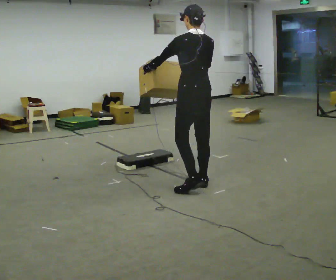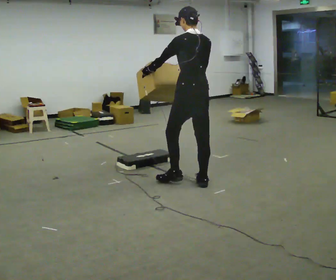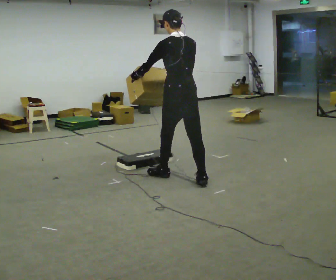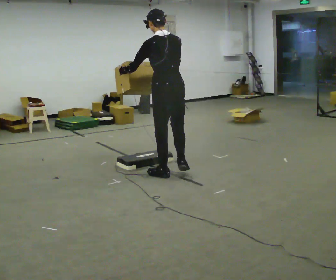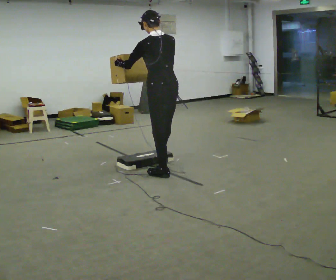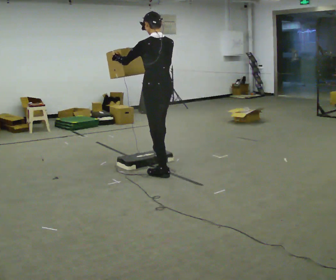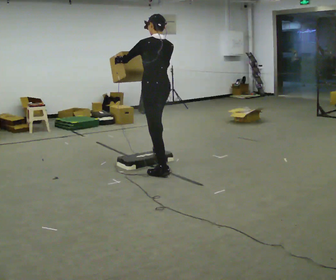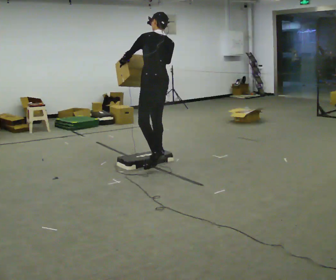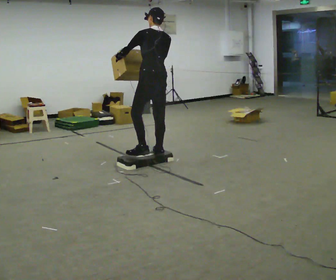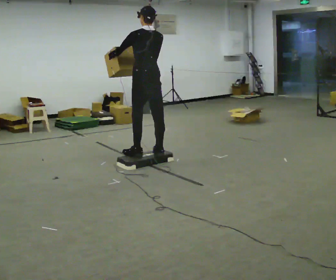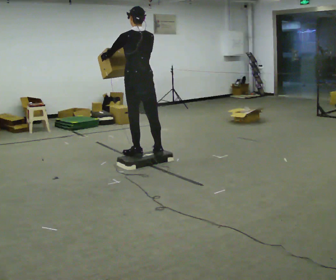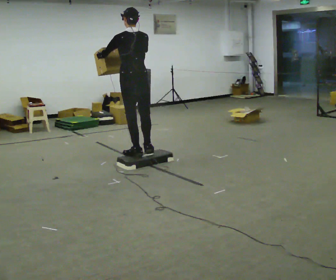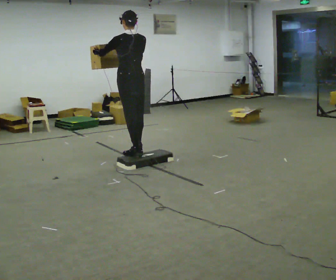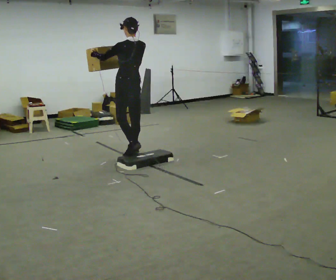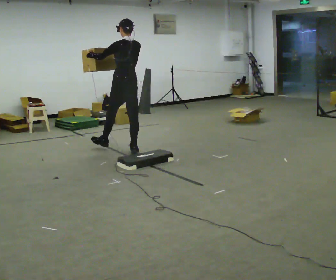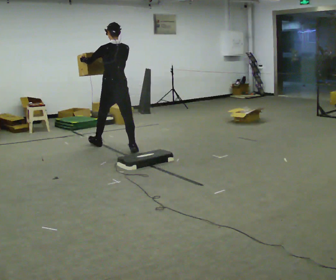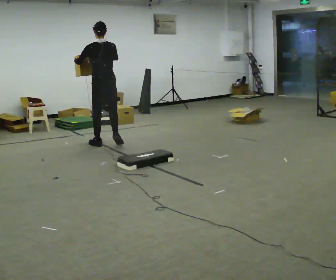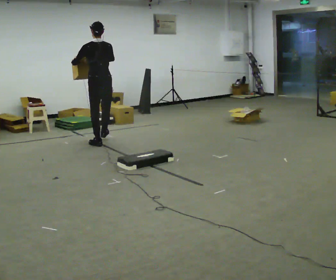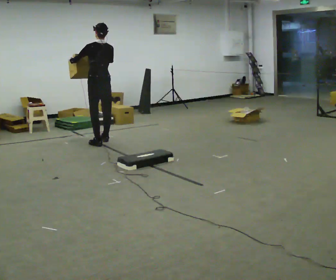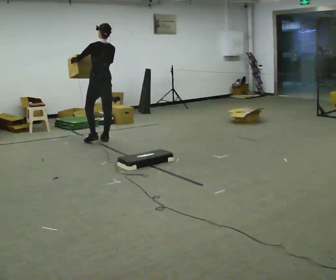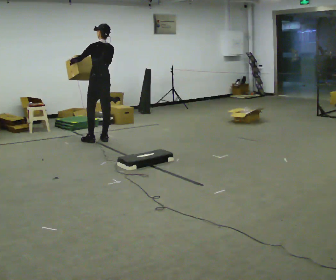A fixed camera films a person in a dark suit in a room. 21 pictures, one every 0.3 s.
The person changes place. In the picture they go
away from the camera.
0.0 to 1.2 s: In the picture they go to the left and away from the camera, about 0.5 m in 1 step, which for them is forward.
1.2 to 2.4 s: In the picture they go away from the camera, about 0.5 m in 1 step, which for them is forward and to their right.
2.4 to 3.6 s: In the picture they go to the left and away from the camera, about 0.25 m in 1 step, which for them is forward and to their left.
3.6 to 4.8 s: In the picture they go away from the camera and to the left, about 1 m in 2 steps, which for them is forward.
4.8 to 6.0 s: The person turns about 30 degrees to their left, counterclockwise seen from above, so the part of the body nearest the lens slides to the right. In the picture they go away from the camera, about 0.5 m in 2 steps, which for them is forward.
The film runs forward here.
